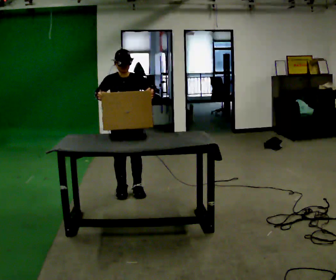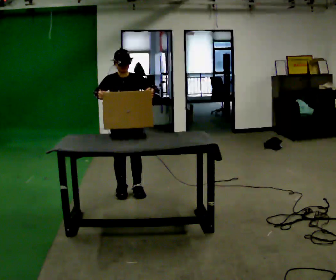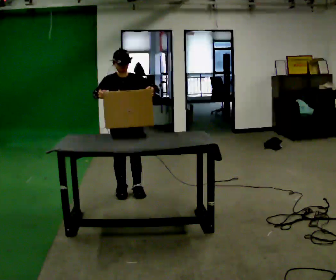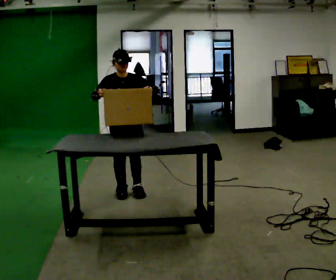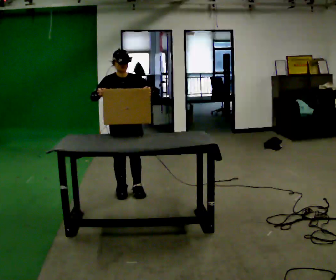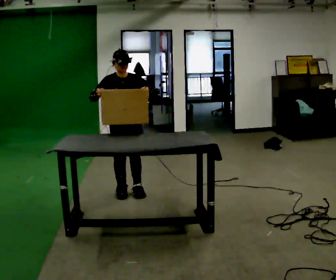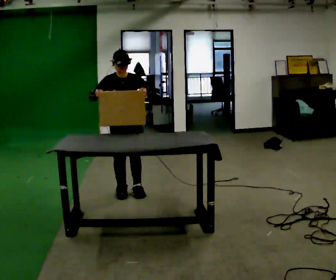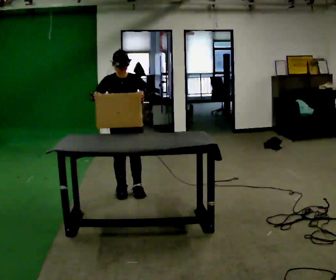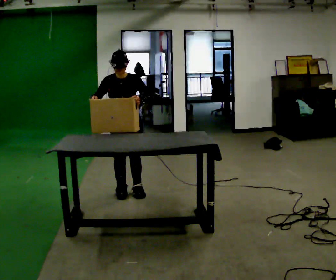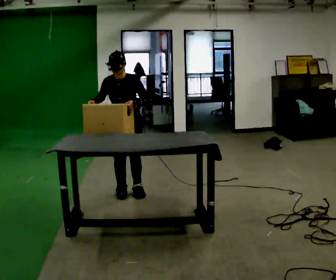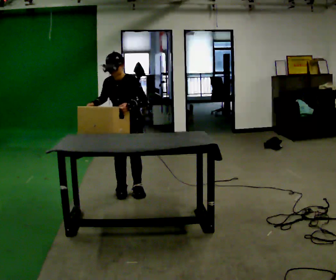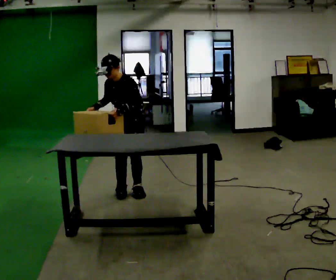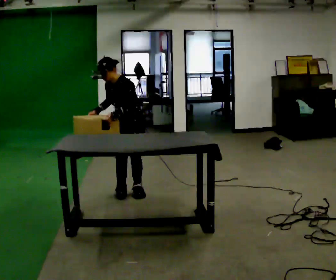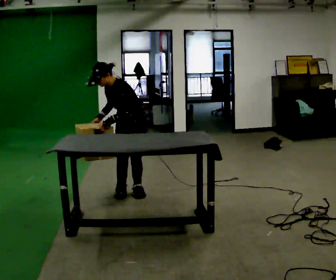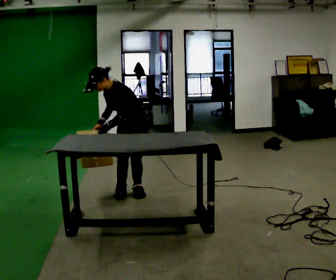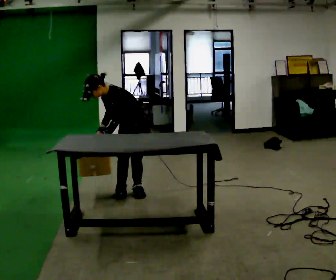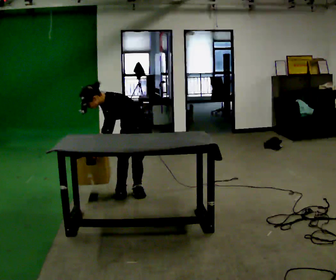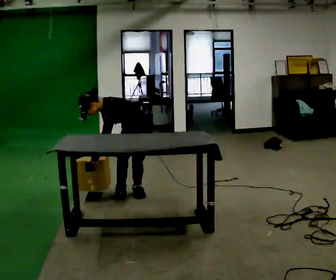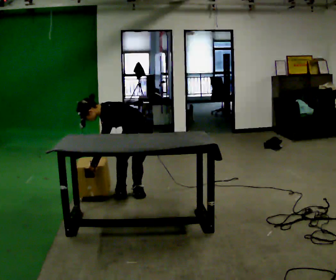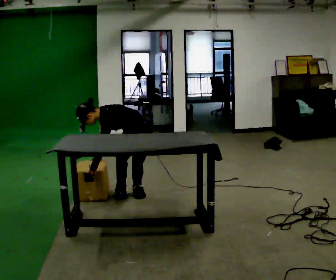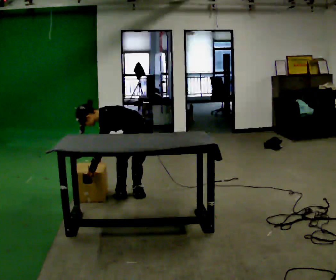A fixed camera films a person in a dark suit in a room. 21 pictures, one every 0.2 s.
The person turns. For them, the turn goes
to their right.
Their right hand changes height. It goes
downward.
0.0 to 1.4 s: The person moves a little, or ends about where they began.
1.4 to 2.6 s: The person turns about 45 degrees to their right, clockwise seen from above, so the part of the body nearest the lens slides to the left. In the picture the upper body tilts counterclockwise, shoulders to the left, as they bend forward.
2.6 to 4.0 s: The shoulders move downward. In the picture the upper body tilts counterclockwise, shoulders to the left, as they bend forward. In the picture their right hand goes downward.
The film runs backward here.
